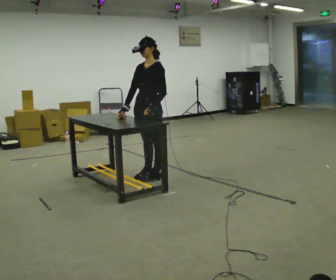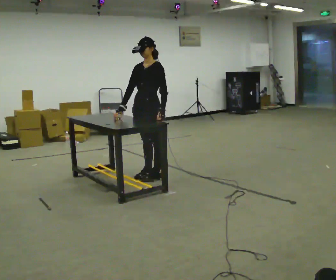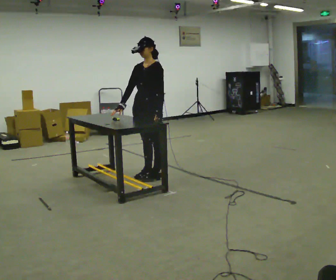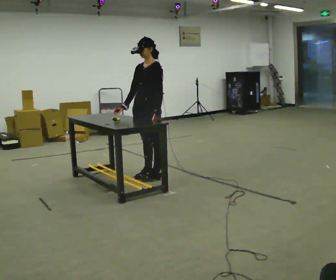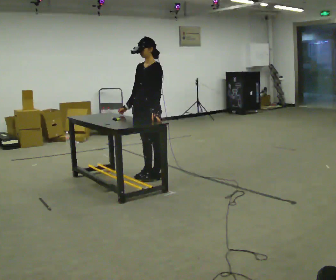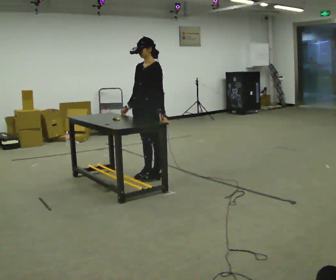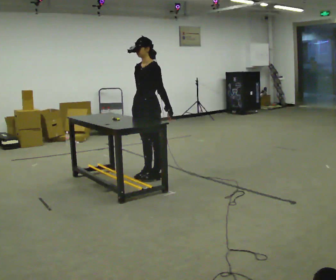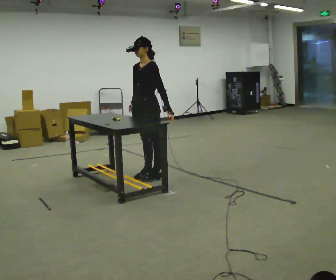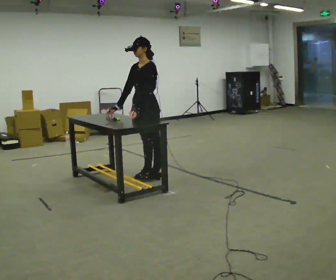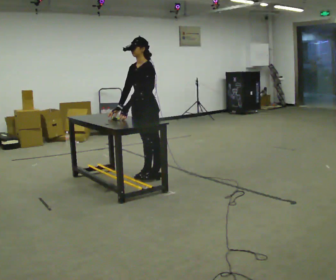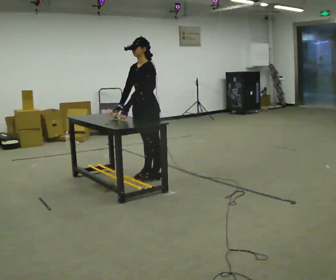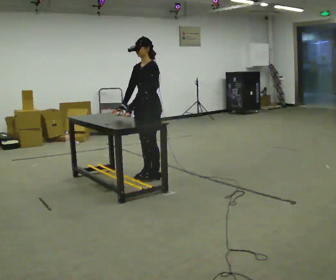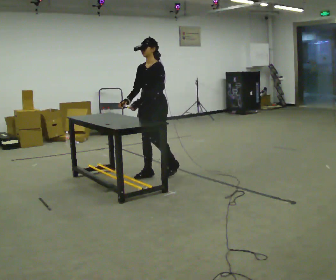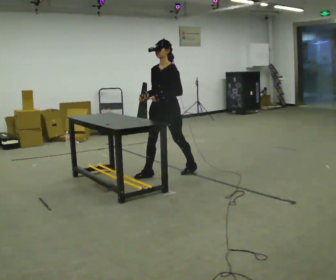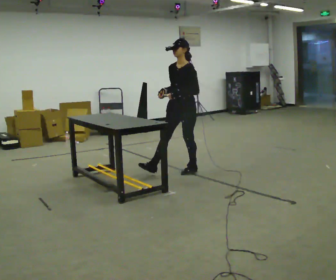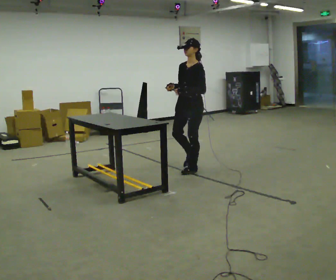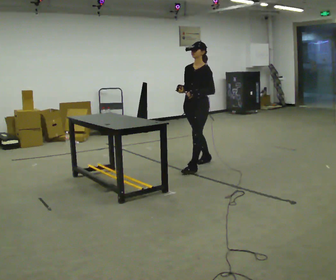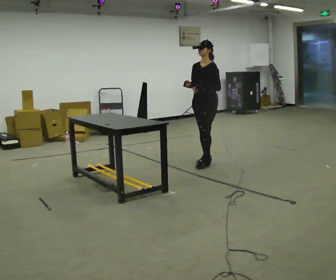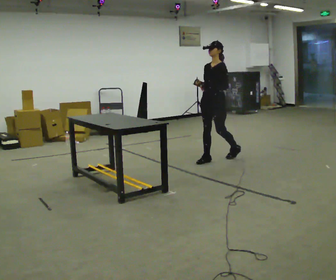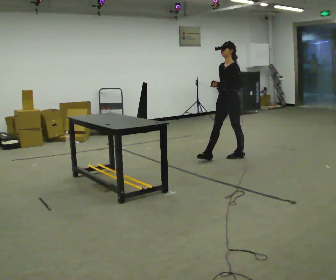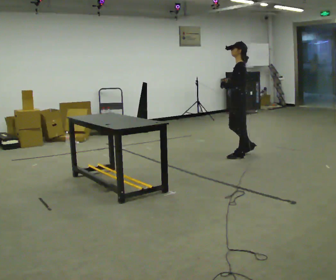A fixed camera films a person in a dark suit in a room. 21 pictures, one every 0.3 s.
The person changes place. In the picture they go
to the right.
0.0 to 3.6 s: The person moves a little, or ends about where they began.
3.6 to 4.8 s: In the picture they go to the right and away from the camera, about 0.5 m in 1 step, which for them is backward.
4.8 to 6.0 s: The person turns about 45 degrees to their right, clockwise seen from above, so the part of the body nearest the lens slides to the left. In the picture they go to the right and away from the camera, about 0.5 m in 2 steps, which for them is backward.
The film runs backward here.
